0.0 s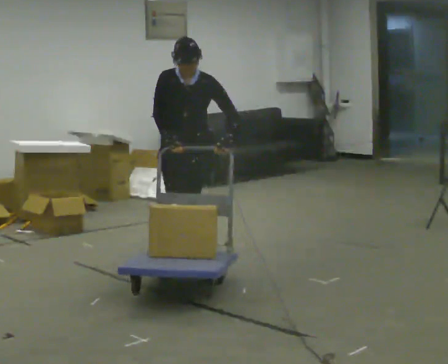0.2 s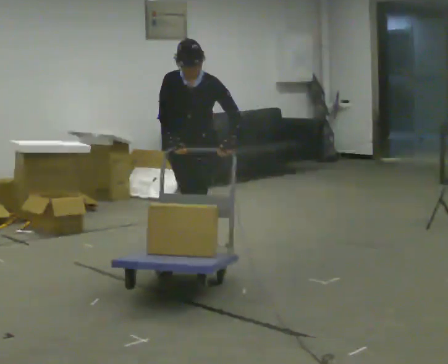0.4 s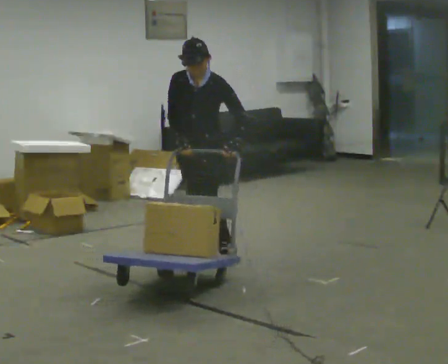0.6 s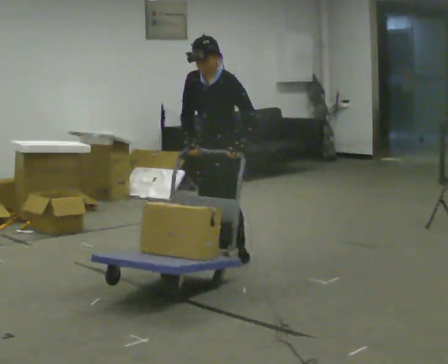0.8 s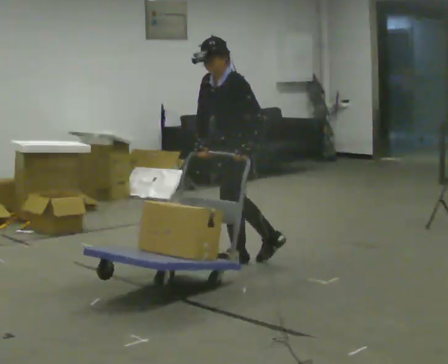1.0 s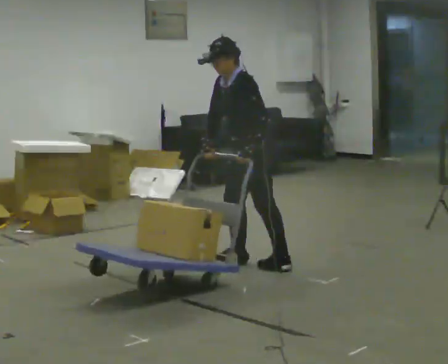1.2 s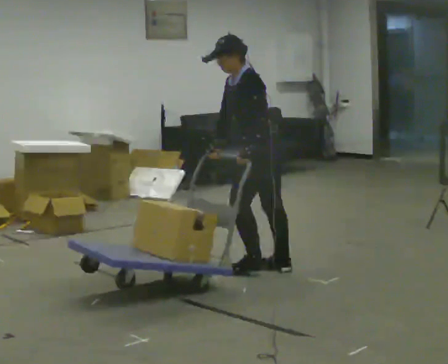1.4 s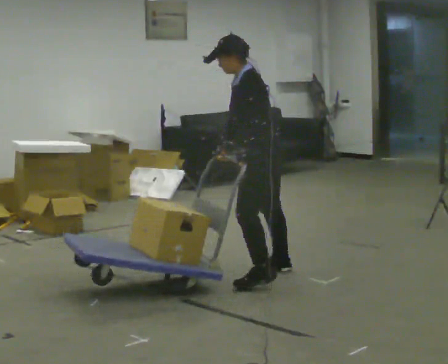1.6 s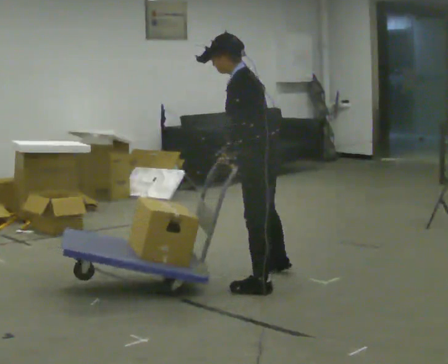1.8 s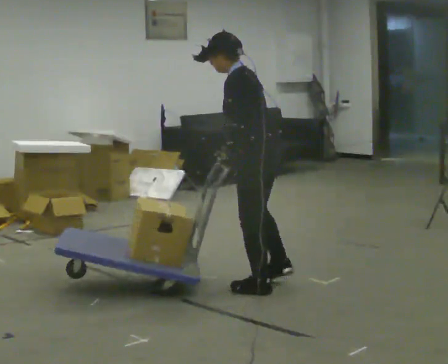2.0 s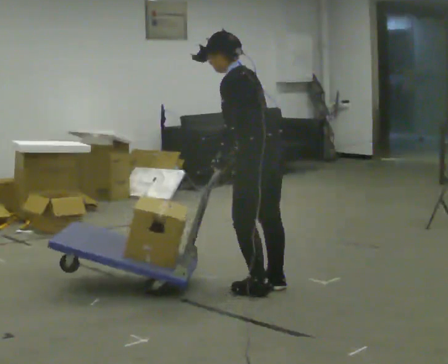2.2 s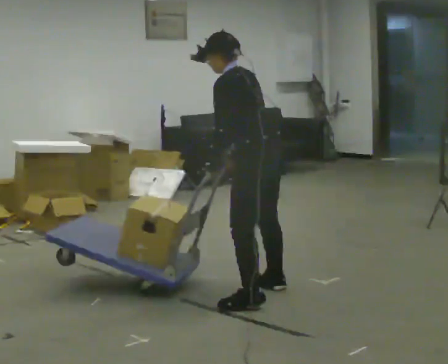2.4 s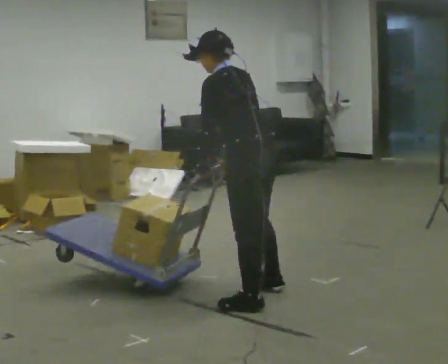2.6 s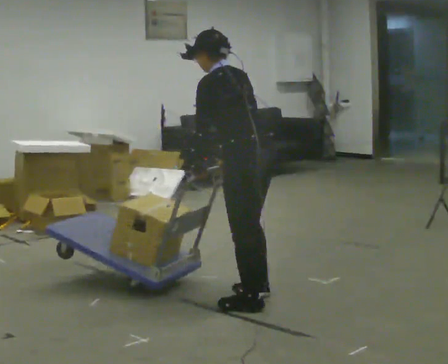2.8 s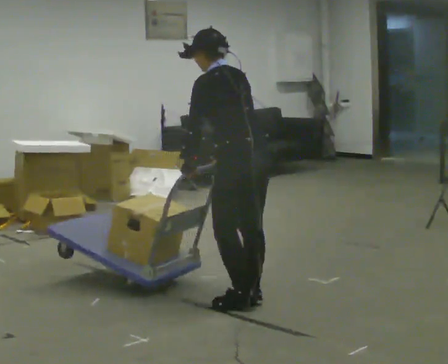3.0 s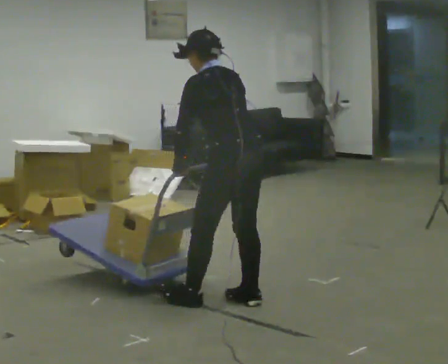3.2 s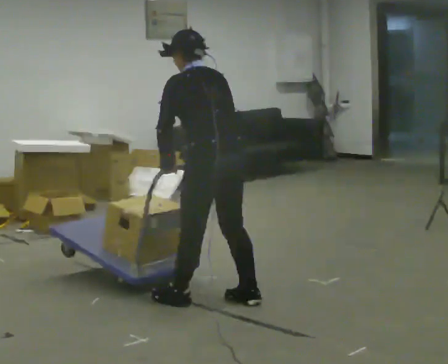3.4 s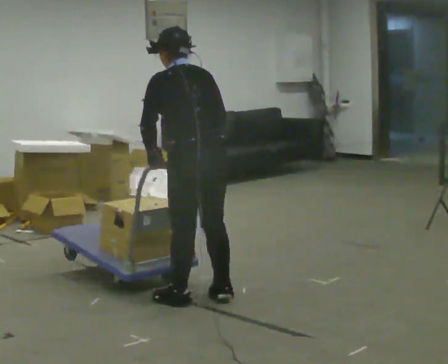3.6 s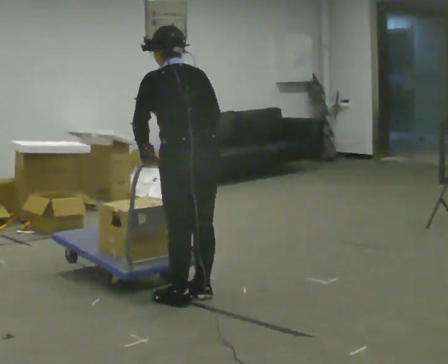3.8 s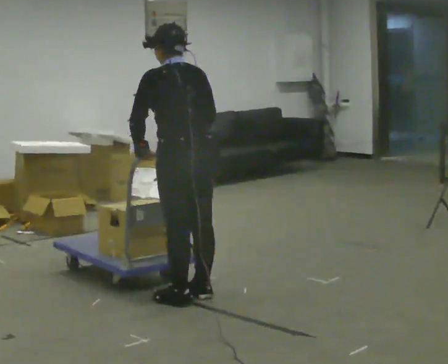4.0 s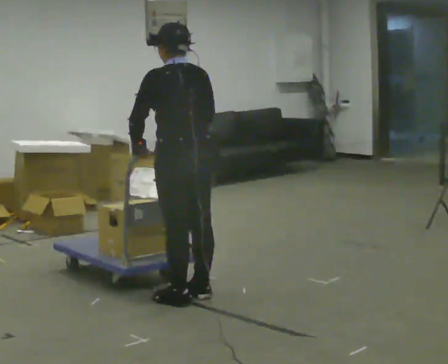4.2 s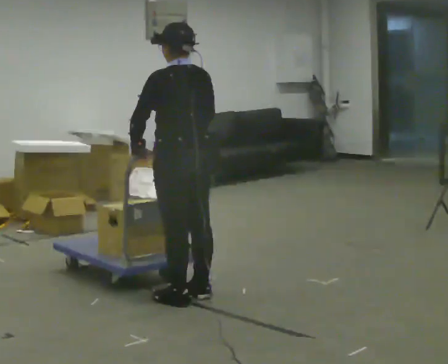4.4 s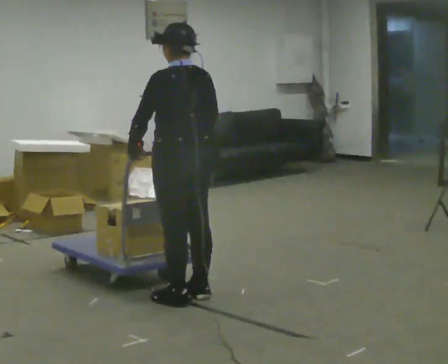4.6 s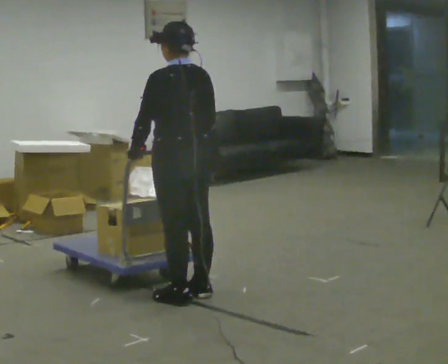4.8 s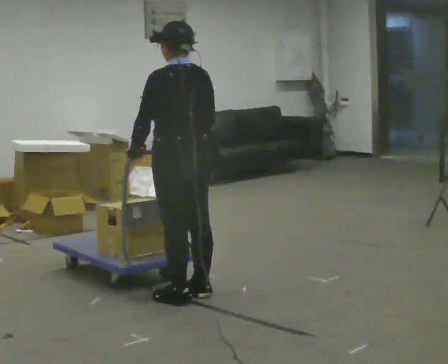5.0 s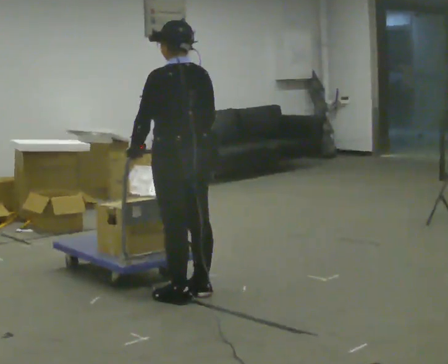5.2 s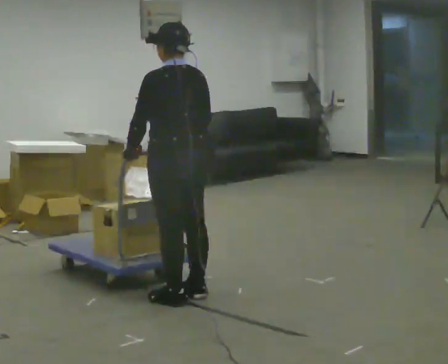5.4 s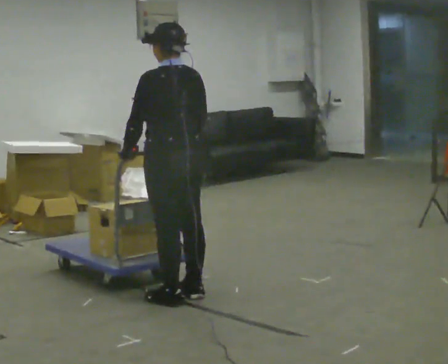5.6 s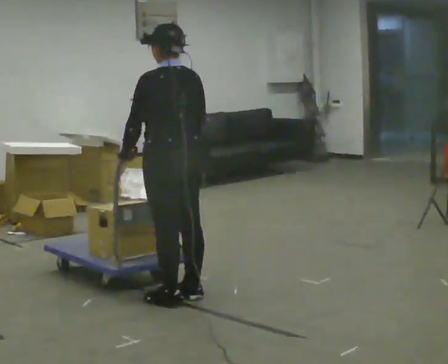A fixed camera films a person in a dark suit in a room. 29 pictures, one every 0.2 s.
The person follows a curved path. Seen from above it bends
clockwise.
Their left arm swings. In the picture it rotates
clockwise.
0.0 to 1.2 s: The person turns about 90 degrees to their right, clockwise seen from above, so the part of the body nearest the lens slides to the left. In the picture they go to the right and toward the camera, about 0.75 m in 3 steps. In the picture the upper body tilts counterclockwise, shoulders to the left.
1.2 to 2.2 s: In the picture they go toward the camera, about 0.5 m in 2 steps, which for them is to their left.
2.2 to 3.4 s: The person turns about 30 degrees to their right, clockwise seen from above, so the part of the body nearest the lens slides to the left. In the picture they go to the left and toward the camera, about 0.5 m in 3 steps, which for them is to their left.
3.4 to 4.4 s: In the picture the upper body tilts clockwise, shoulders to the right, as they lean back or straighten.
4.4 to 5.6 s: The person moves a little, or ends about where they began.
The film runs backward here.
